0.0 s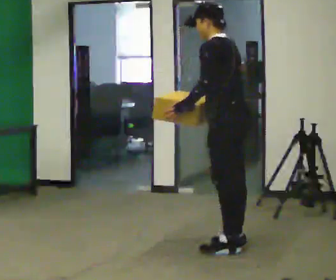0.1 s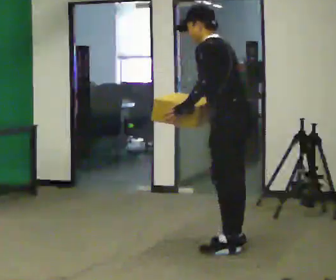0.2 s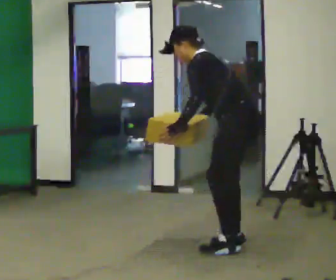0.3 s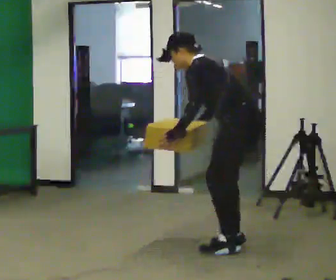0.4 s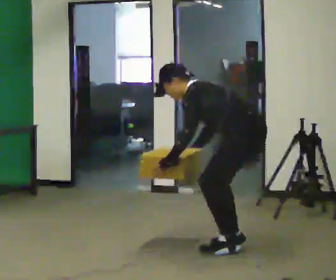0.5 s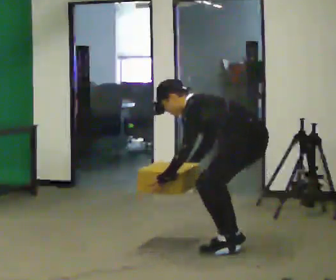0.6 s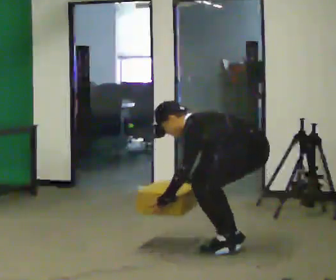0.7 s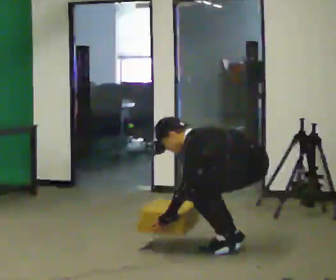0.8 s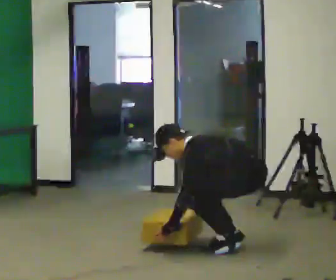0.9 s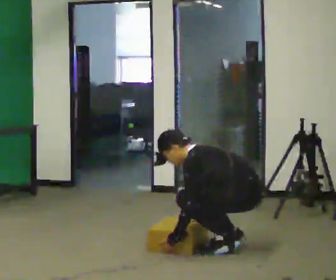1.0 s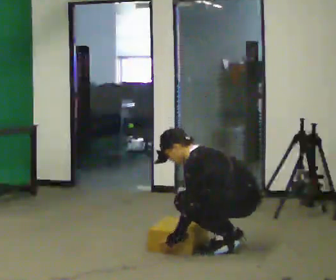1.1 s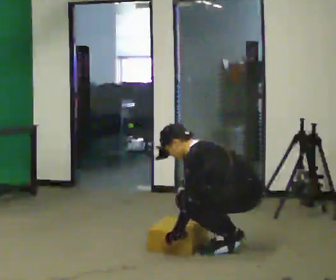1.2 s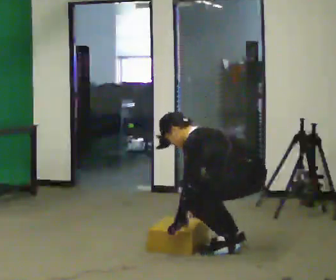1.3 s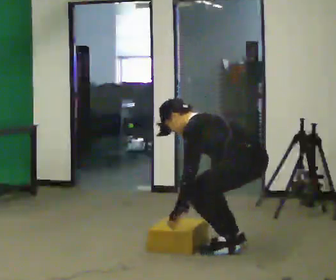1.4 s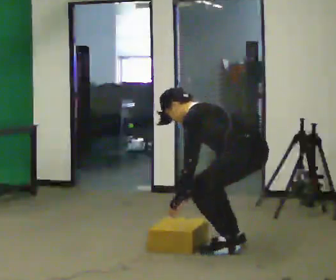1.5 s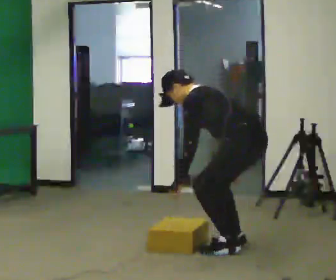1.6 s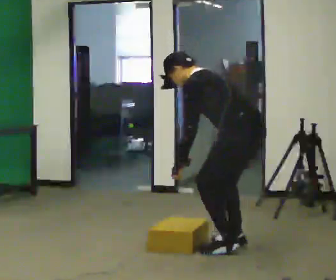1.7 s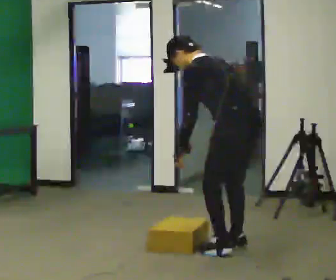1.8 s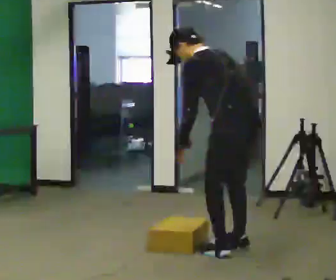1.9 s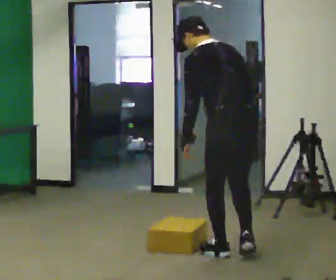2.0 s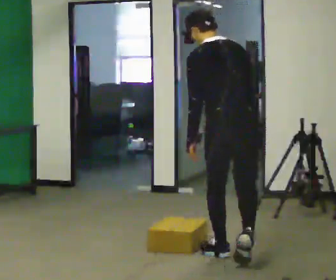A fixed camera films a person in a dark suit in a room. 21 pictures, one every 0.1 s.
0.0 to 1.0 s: The upper body goes downward. In the picture their left hand goes downward.
1.0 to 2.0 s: The part of the body nearest the lens slides to the left as the person turns to their right by about 45 degrees. In the picture they go toward the camera, about 0.25 m in 2 steps, which for them is to their left. The upper body goes upward. In the picture their right hand goes upward.
The film runs backward here.
